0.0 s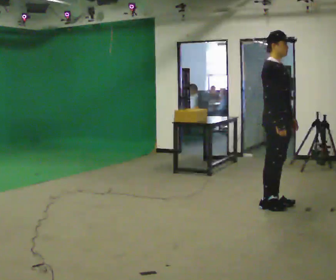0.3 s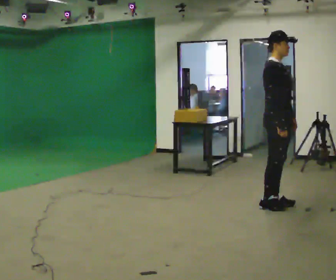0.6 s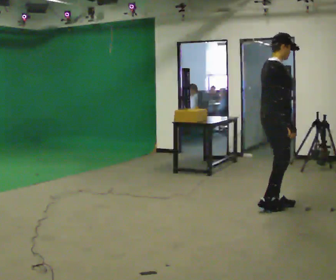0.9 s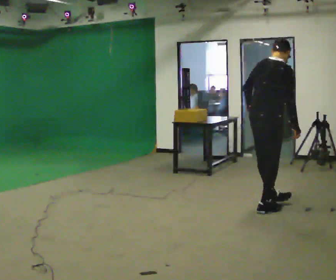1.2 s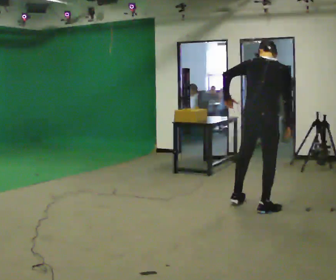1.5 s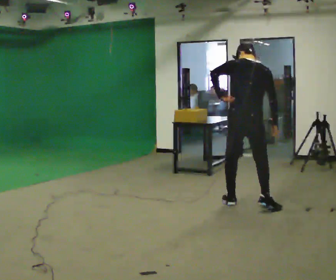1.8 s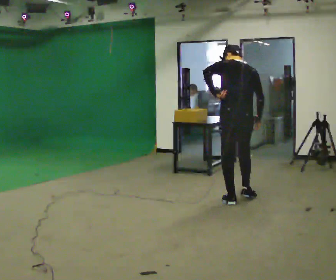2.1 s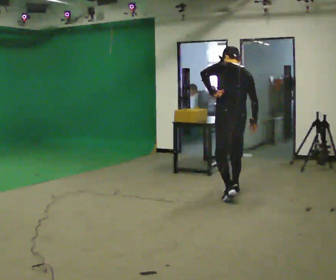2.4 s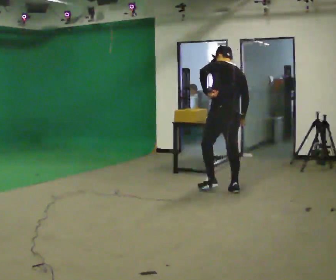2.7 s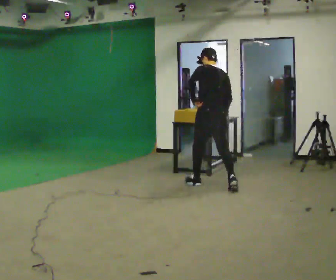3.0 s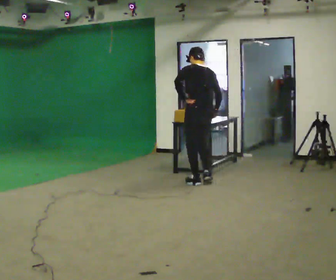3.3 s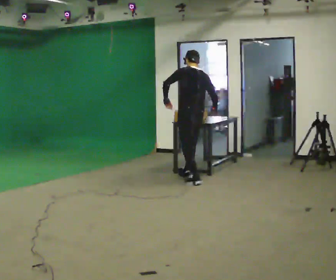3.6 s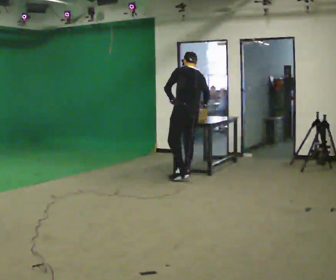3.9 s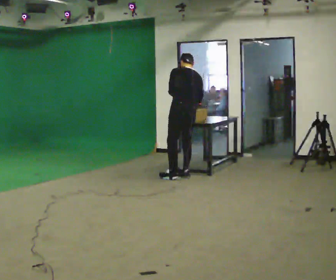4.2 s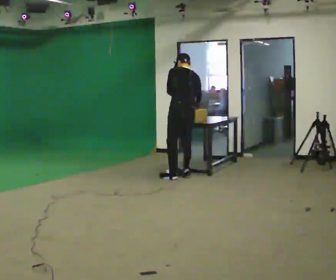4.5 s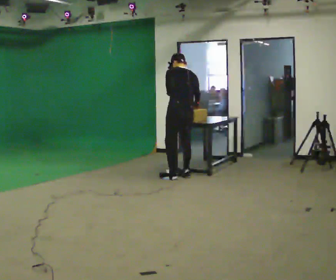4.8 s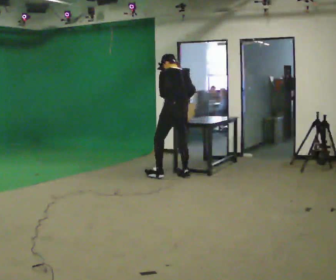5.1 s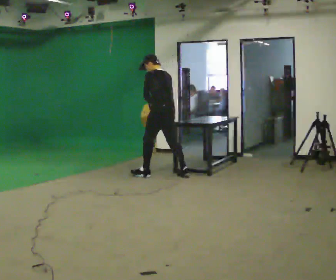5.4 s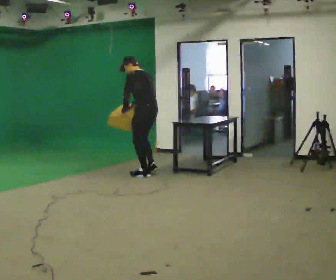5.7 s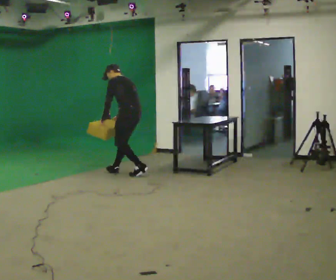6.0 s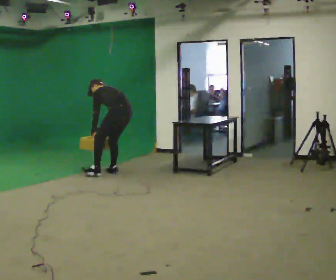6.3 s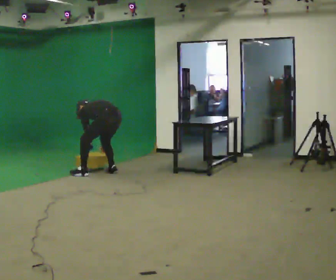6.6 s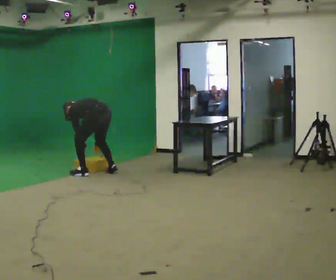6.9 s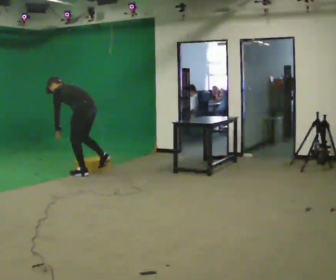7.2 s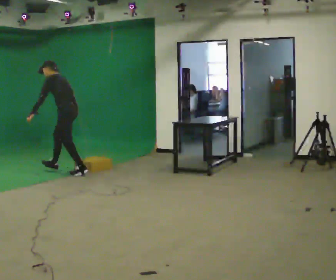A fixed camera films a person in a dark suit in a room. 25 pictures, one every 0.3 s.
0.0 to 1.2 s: The person turns about 90 degrees to their left, counterclockwise seen from above, so the part of the body nearest the lens slides to the right. In the picture their left hand goes to the left, the arm swinging clockwise.
1.2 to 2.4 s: Seen from above the body turns counterclockwise, about 45 degrees: to their left, with its near side sliding to the right. In the picture they go away from the camera, about 1 m in 2 steps, which for them is forward.
2.4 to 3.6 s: In the picture they go away from the camera and to the left, about 1 m in 2 steps, which for them is forward.
3.6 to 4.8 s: In the picture they go to the left, about 0.25 m in 1 step, which for them is forward.
4.8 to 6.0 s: In the picture they go to the left, about 1 m in 2 steps, which for them is forward and to their left. The shoulders move downward. In the picture the upper body tilts counterclockwise, shoulders to the left, as they bend forward. In the picture their right hand goes downward.
6.0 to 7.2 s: In the picture they go to the left, about 1 m in 1 step, which for them is forward and to their left.
The film runs forward here.
